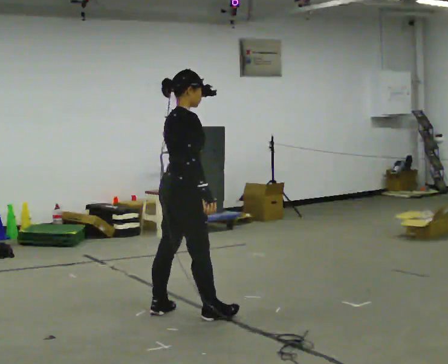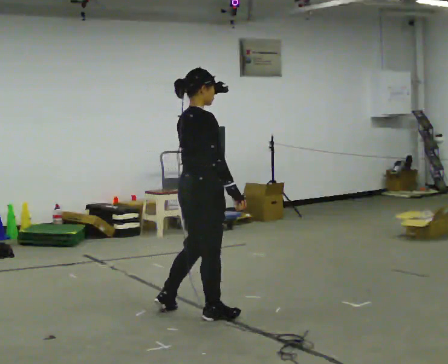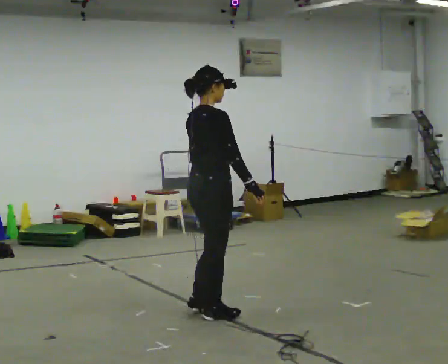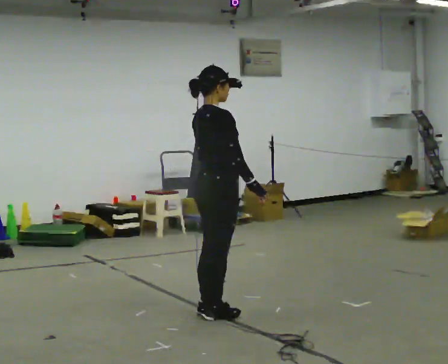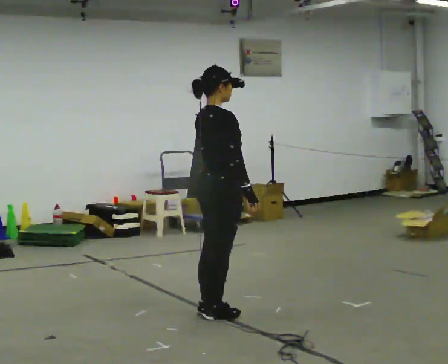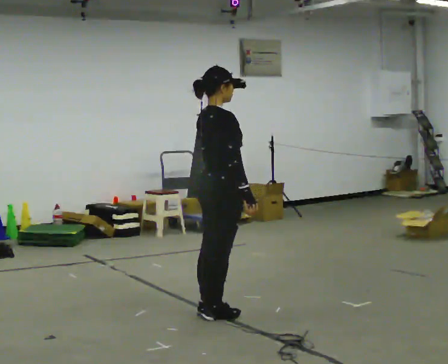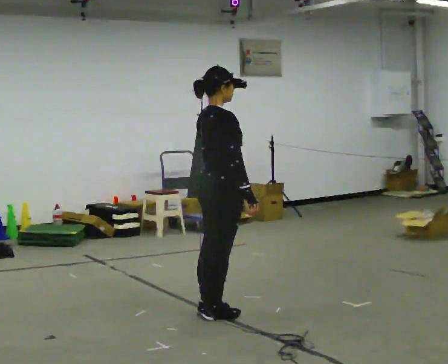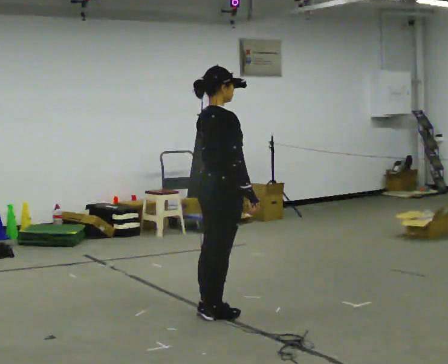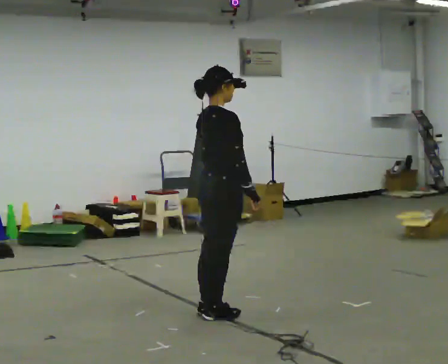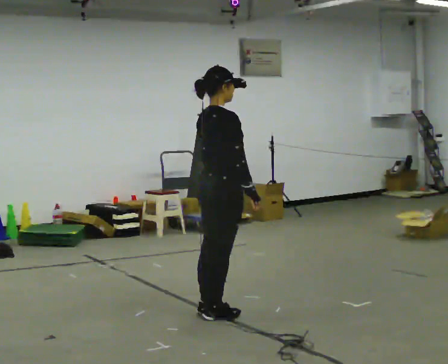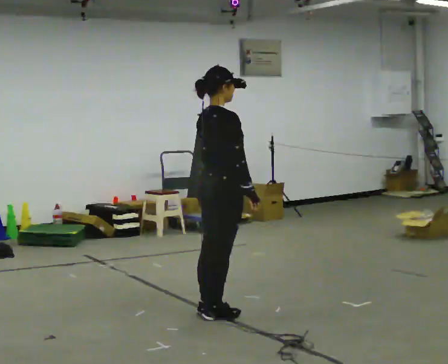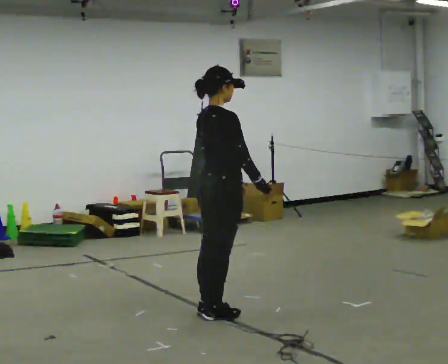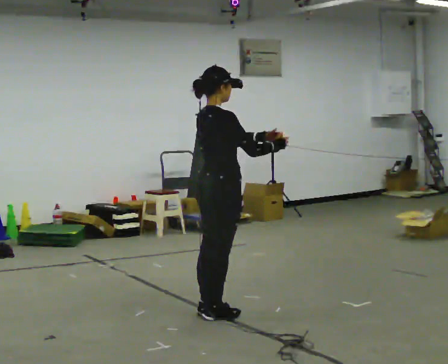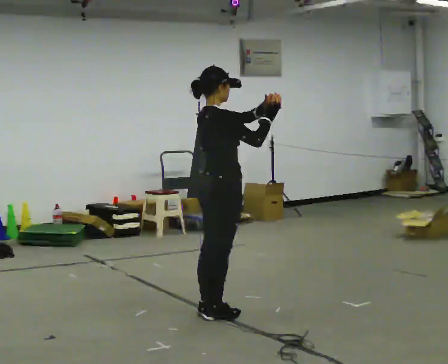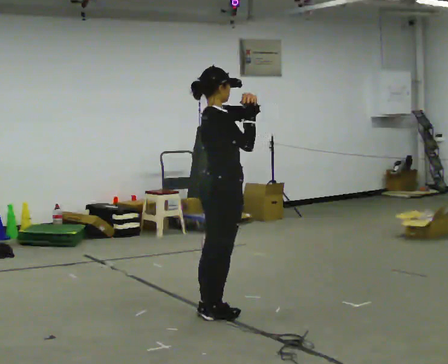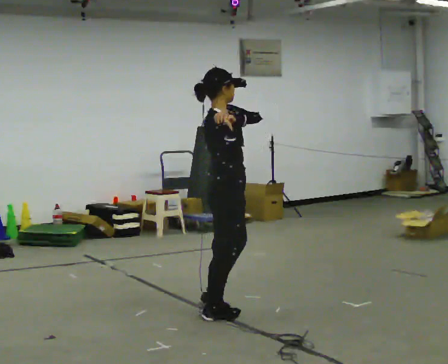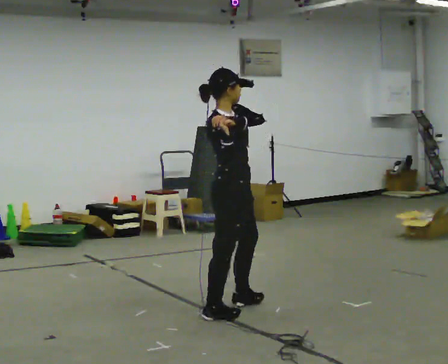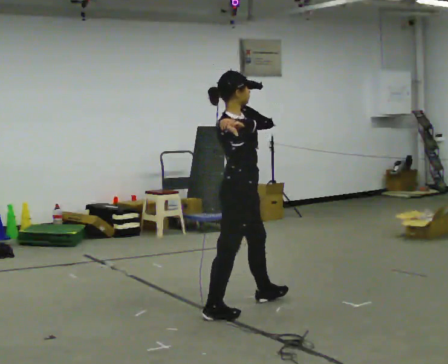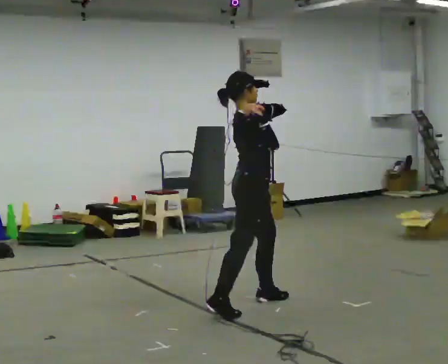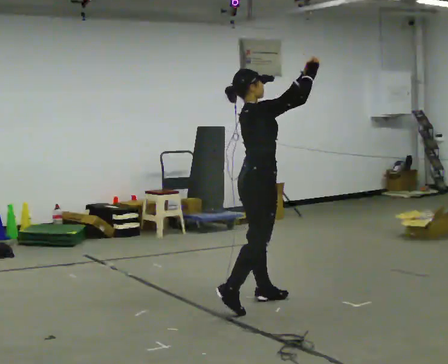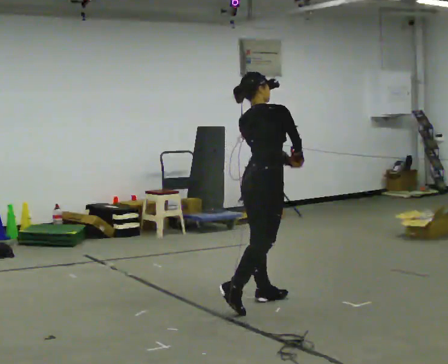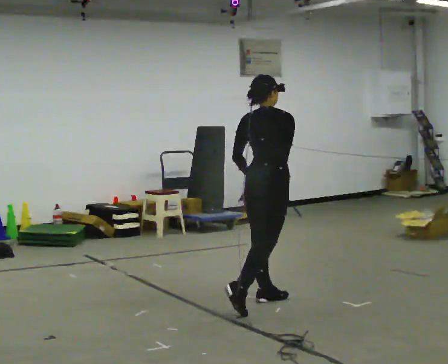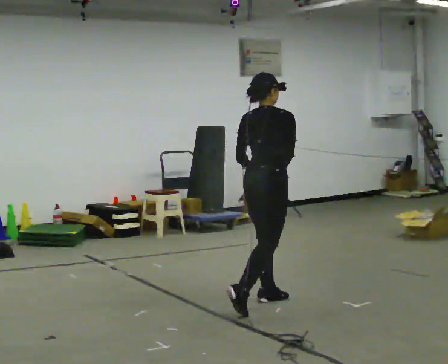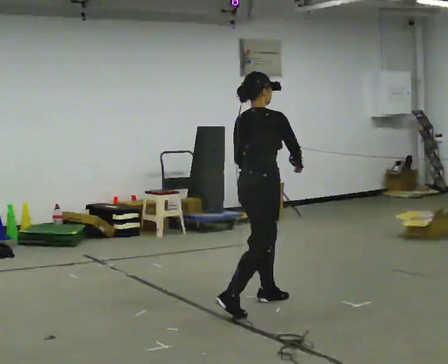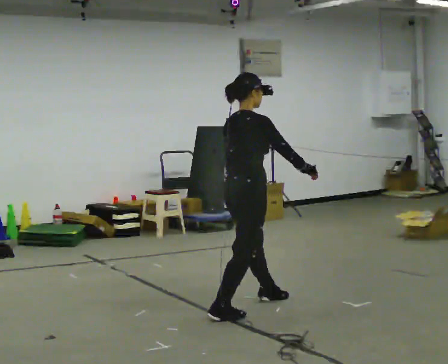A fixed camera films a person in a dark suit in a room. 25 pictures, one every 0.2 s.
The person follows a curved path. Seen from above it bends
clockwise.
0.0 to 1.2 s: In the picture they go to the right, about 0.25 m in 1 step, which for them is forward.
1.2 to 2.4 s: In the picture their left hand goes upward and to the right, the arm swinging counterclockwise.
2.4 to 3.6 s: In the picture they go to the right and away from the camera, about 0.25 m in 1 step, which for them is forward and to their left.
3.6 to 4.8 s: In the picture their left hand goes downward.
The film runs forward here.
